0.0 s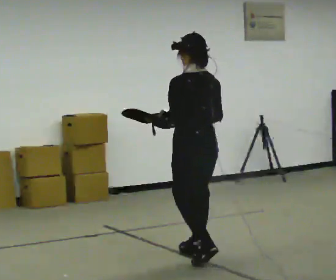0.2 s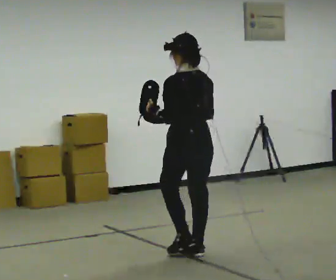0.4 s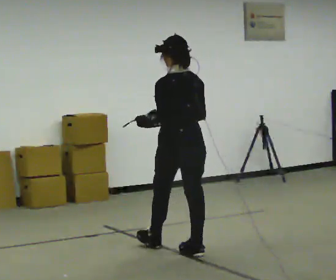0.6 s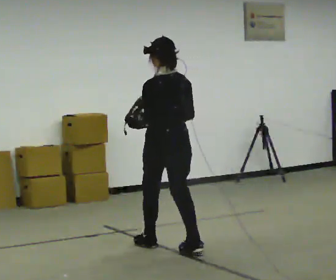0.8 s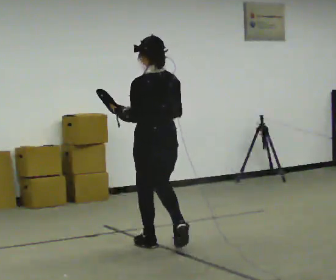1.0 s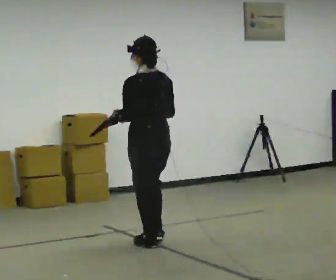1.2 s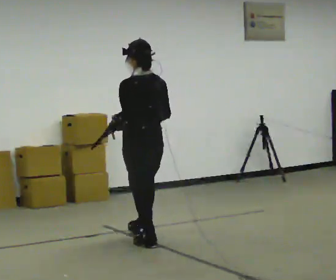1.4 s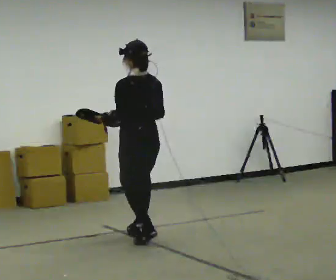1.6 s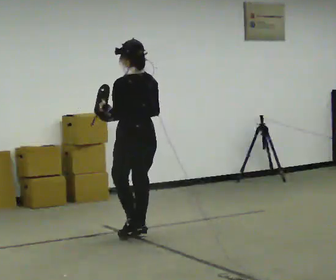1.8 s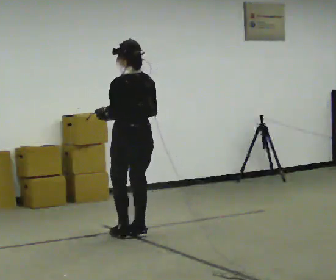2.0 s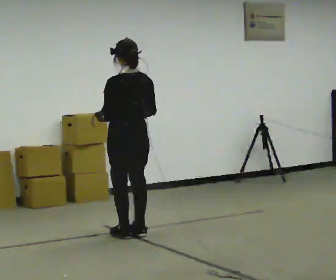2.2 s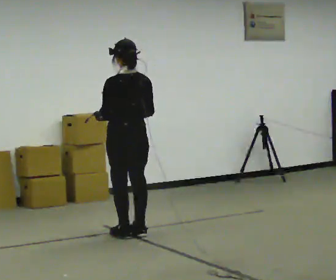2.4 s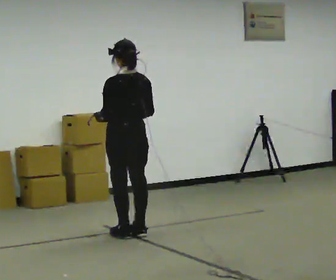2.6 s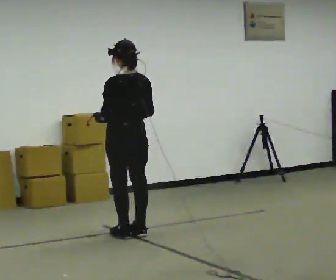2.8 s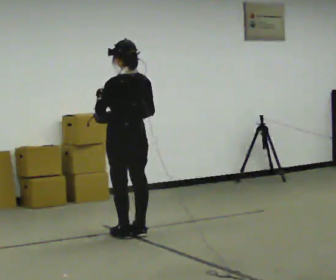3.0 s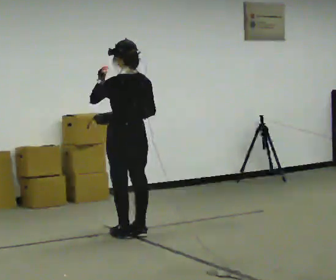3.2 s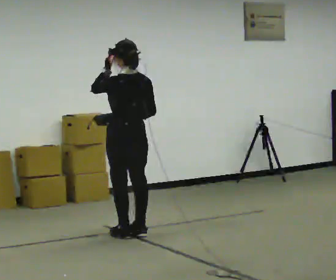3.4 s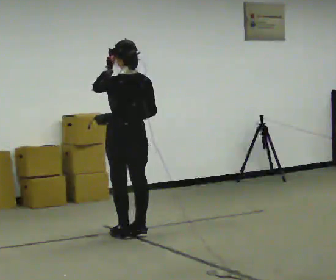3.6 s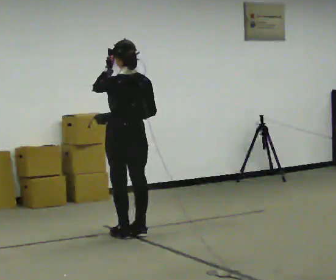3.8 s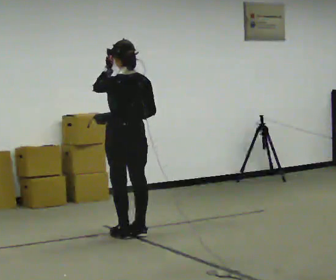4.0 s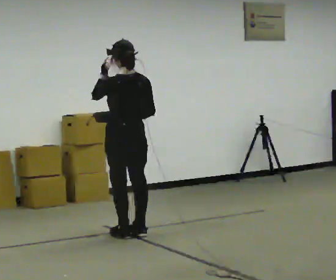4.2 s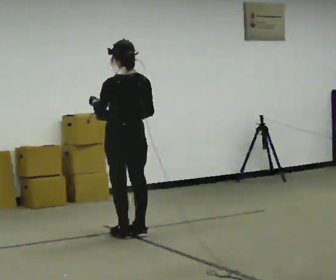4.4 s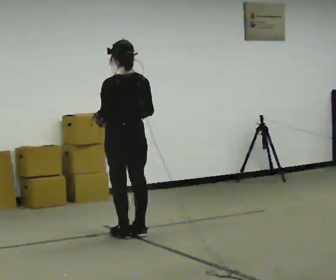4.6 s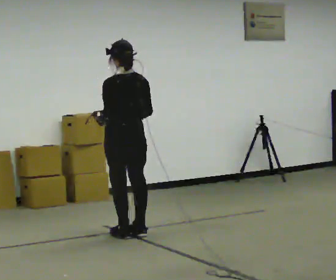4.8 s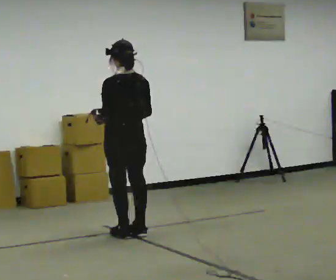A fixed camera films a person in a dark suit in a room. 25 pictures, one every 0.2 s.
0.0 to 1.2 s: In the picture they go away from the camera and to the left, about 0.5 m in 2 steps, which for them is forward.
1.2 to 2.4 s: In the picture they go away from the camera, about 0.25 m in 1 step, which for them is forward.
2.4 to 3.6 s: In the picture their left hand goes upward.
3.6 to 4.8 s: In the picture their left hand goes downward.
The film runs forward here.
